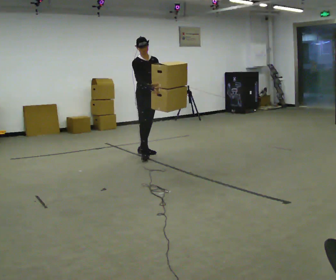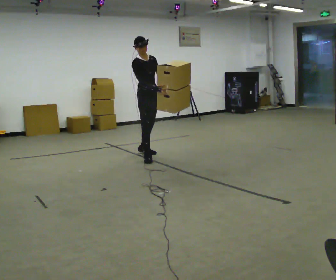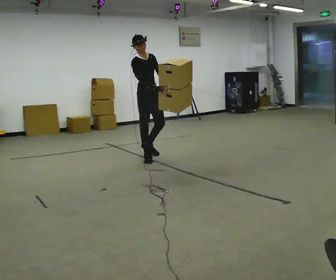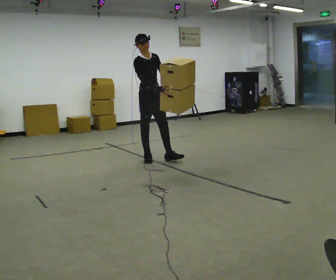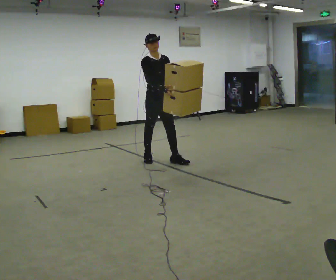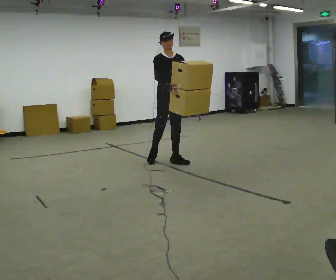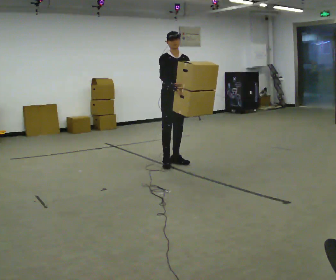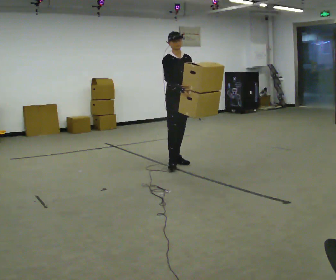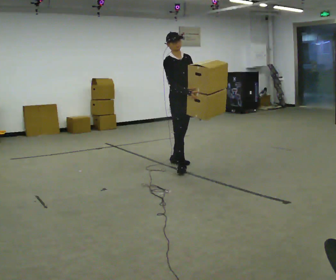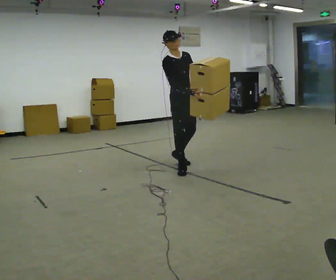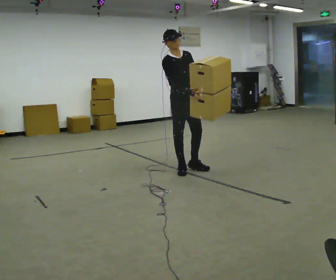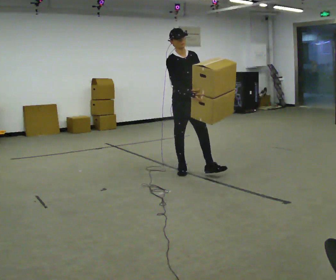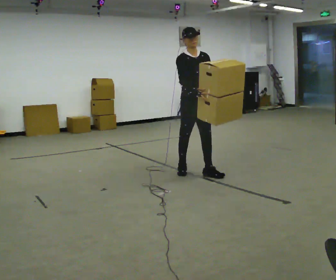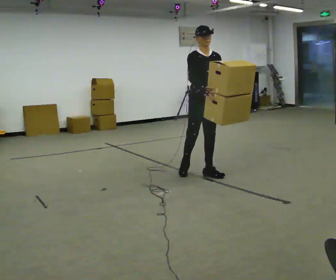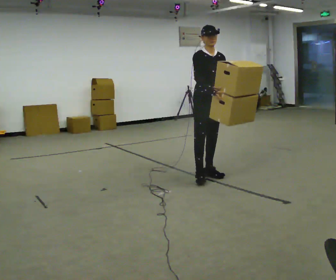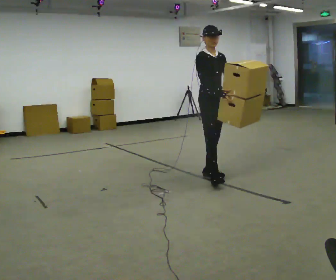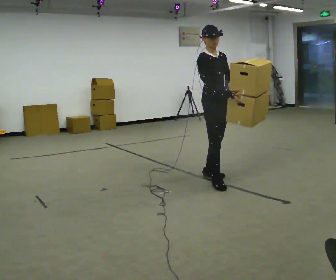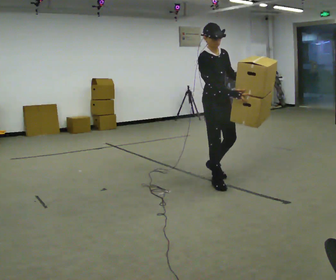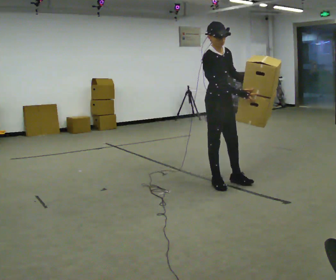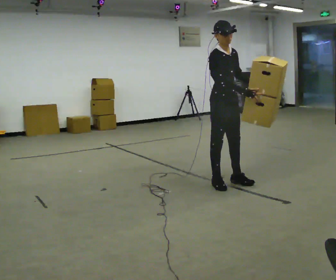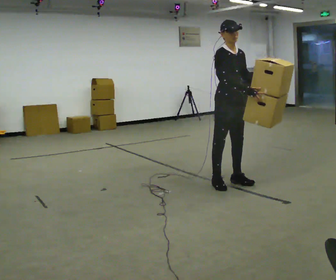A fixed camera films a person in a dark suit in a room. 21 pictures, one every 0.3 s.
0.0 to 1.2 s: In the picture they go toward the camera and to the right, about 0.5 m in 2 steps, which for them is forward and to their right.
1.2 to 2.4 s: In the picture they go to the right and toward the camera, about 0.5 m in 1 step, which for them is forward and to their left.
2.4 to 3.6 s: In the picture they go toward the camera and to the right, about 0.5 m in 1 step, which for them is forward.
3.6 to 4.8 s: In the picture they go toward the camera and to the right, about 0.25 m in 1 step, which for them is forward.
4.8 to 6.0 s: In the picture they go toward the camera, about 0.25 m in 1 step, which for them is forward.
The film runs forward here.
